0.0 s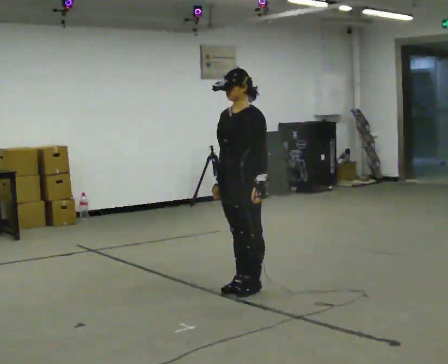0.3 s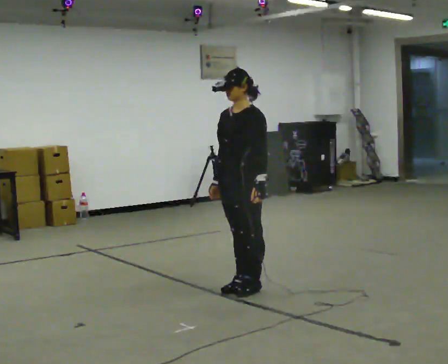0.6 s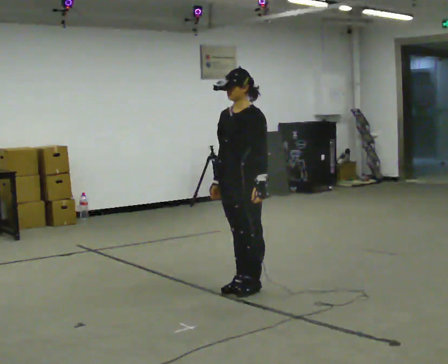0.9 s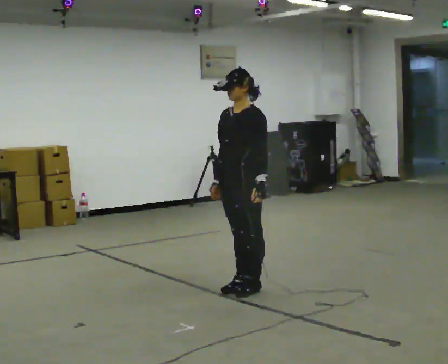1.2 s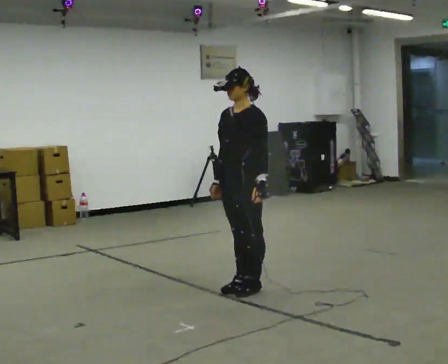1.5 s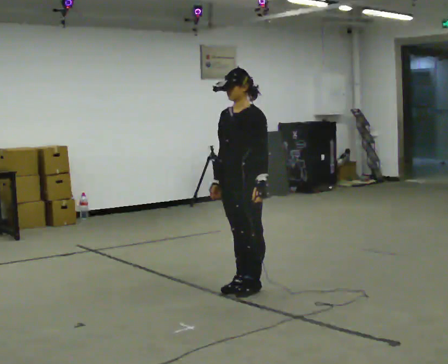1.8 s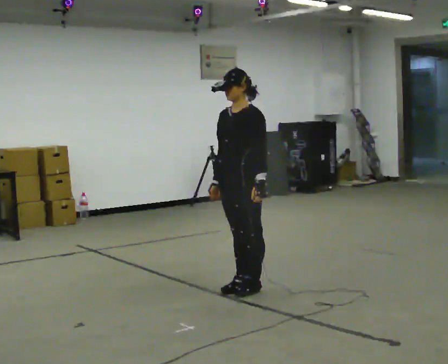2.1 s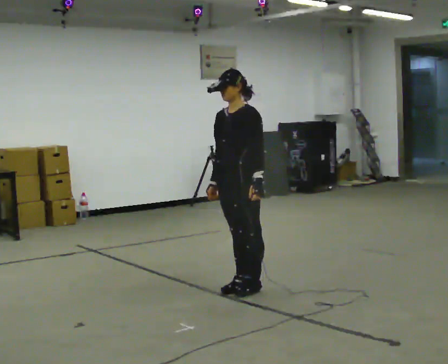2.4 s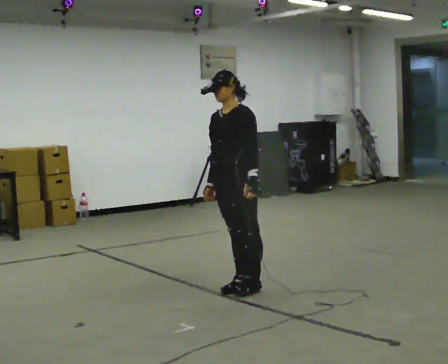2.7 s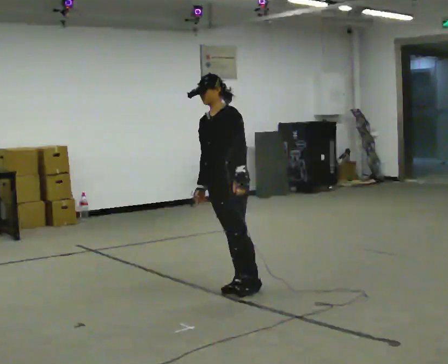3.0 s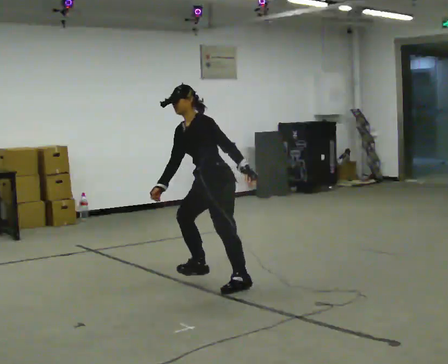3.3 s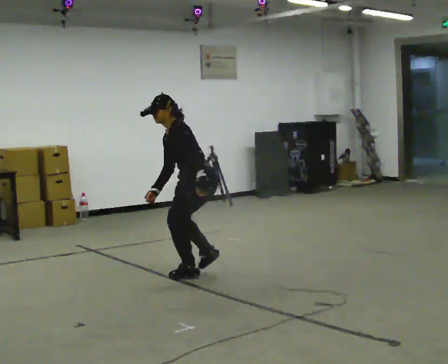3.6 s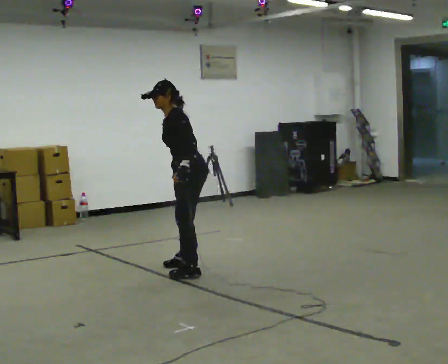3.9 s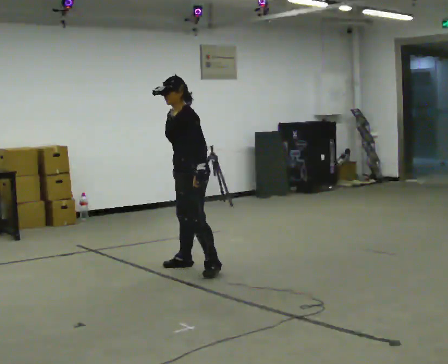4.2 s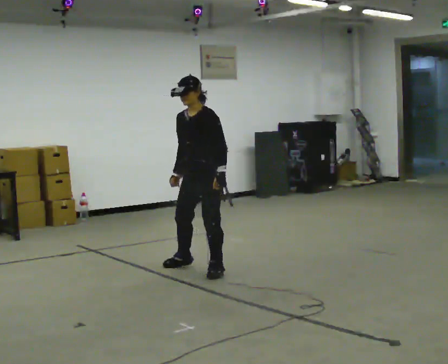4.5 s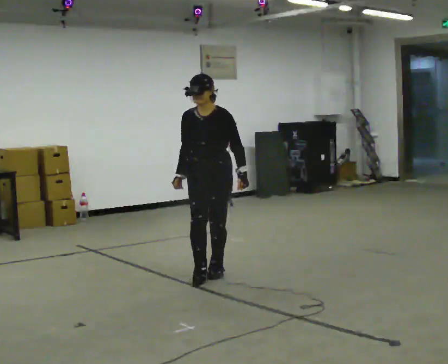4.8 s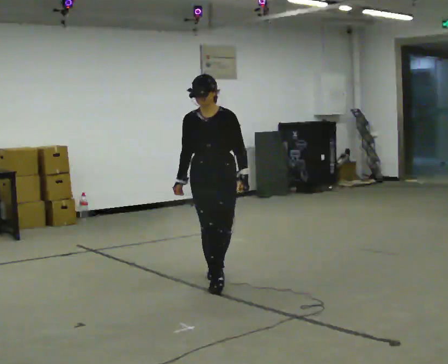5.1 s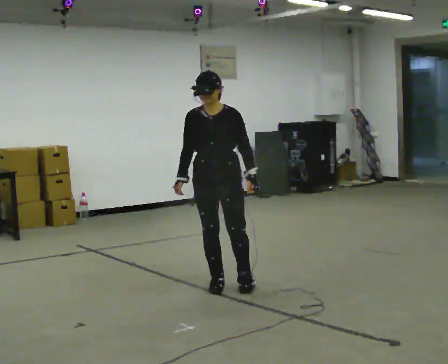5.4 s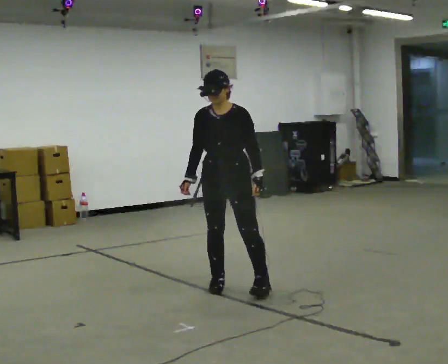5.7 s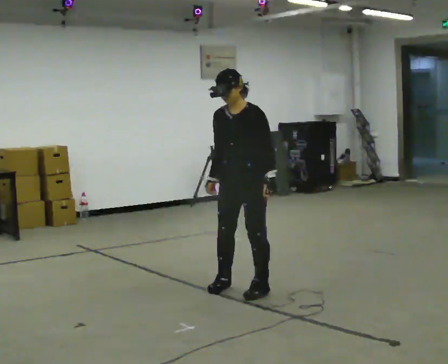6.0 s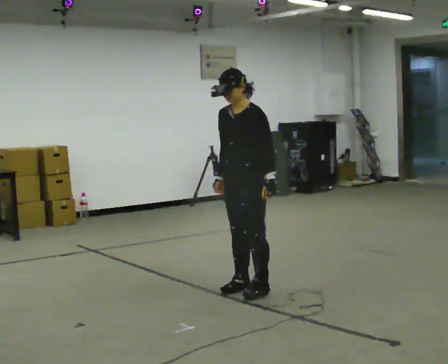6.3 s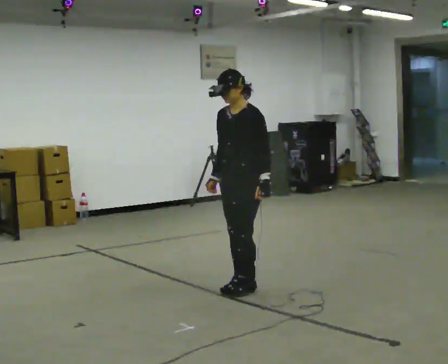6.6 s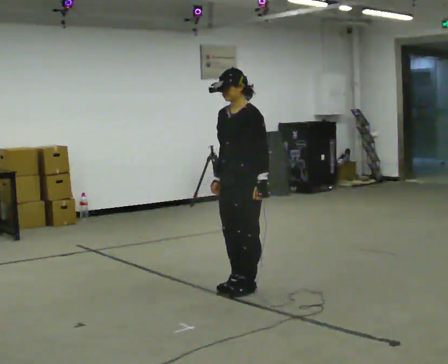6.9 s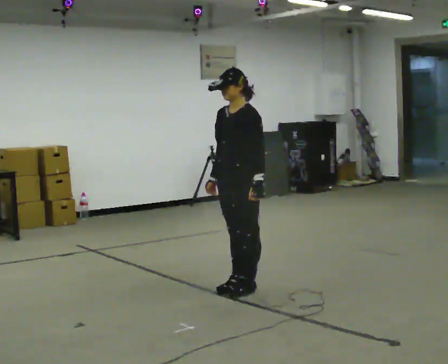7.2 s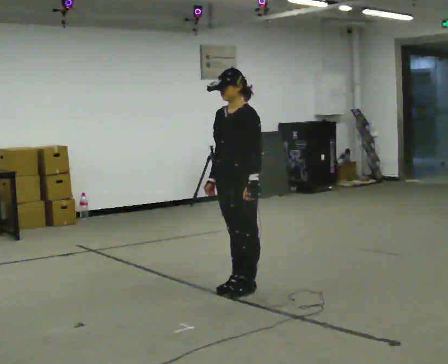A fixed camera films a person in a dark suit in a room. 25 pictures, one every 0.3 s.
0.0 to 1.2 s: The person keeps their place and pose.
1.2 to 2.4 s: The person moves a little, or ends about where they began.
2.4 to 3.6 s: The person turns about 45 degrees to their right, clockwise seen from above, so the part of the body nearest the lens slides to the left. In the picture they go away from the camera and to the left, about 0.75 m in 2 steps, which for them is to their right and forward.
3.6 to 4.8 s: The part of the body nearest the lens slides to the right as the person turns to their left by about 75 degrees. In the picture they go toward the camera and to the right, about 0.25 m in 2 steps. In the picture the upper body tilts clockwise, shoulders to the right, as they lean back or straighten.
4.8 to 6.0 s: The part of the body nearest the lens slides to the left as the person turns to their right by about 45 degrees. In the picture they go toward the camera and to the right, about 0.25 m in 2 steps, which for them is to their left and forward.
6.0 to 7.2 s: The person moves a little, or ends about where they began.
The film runs forward here.
